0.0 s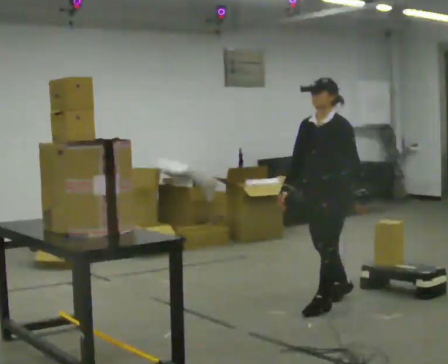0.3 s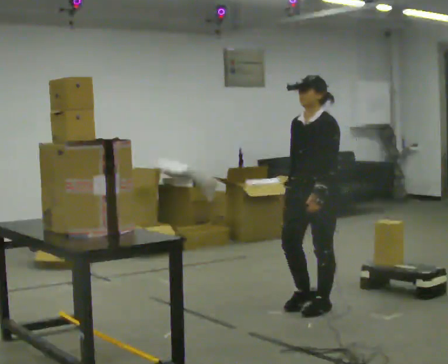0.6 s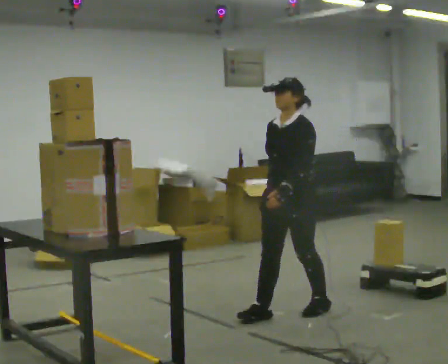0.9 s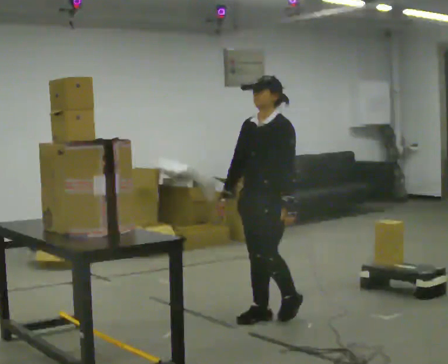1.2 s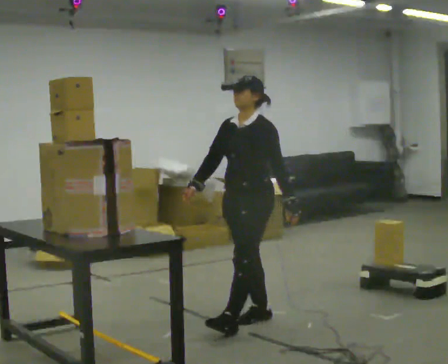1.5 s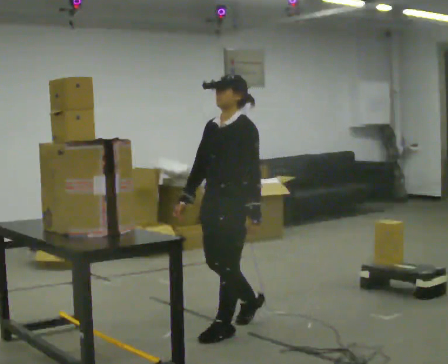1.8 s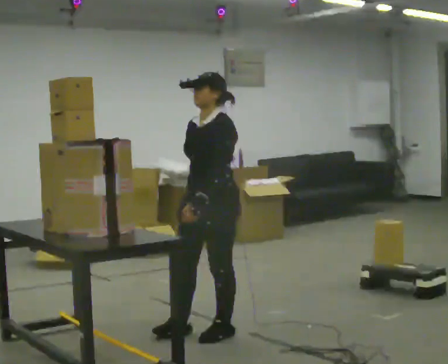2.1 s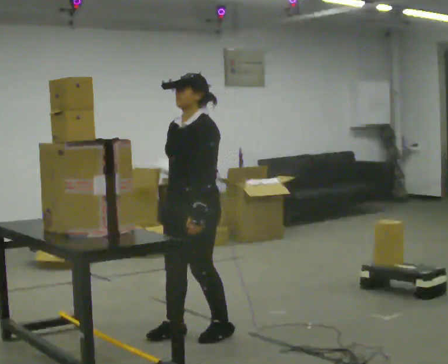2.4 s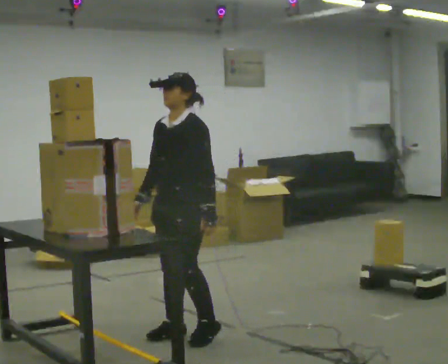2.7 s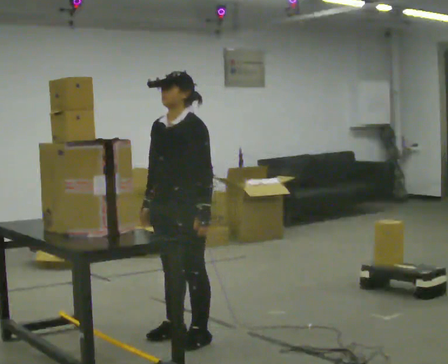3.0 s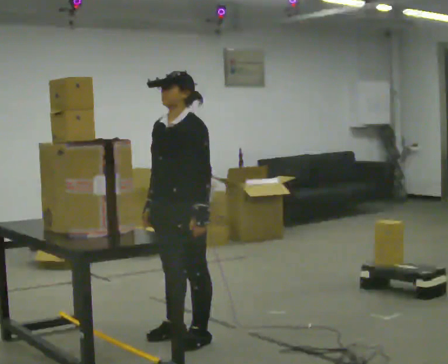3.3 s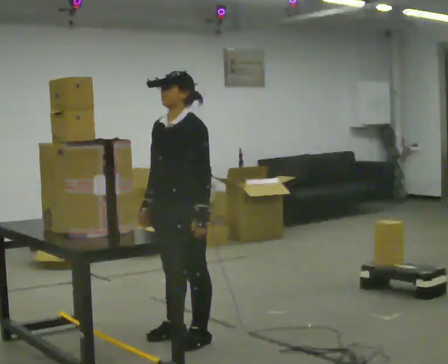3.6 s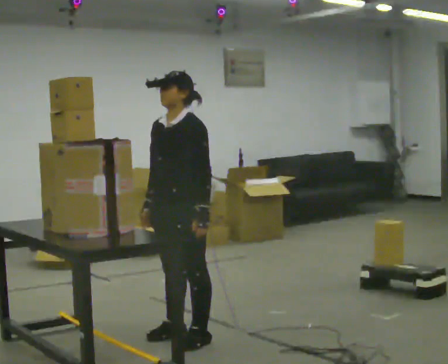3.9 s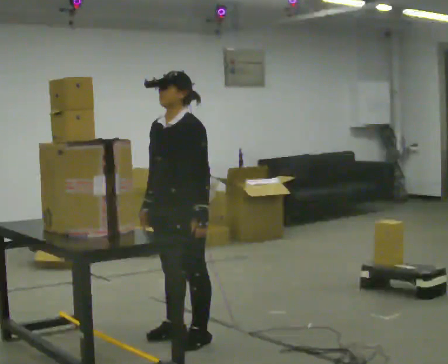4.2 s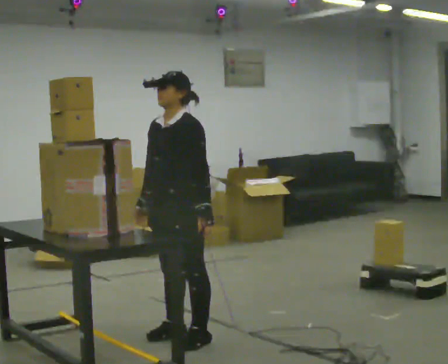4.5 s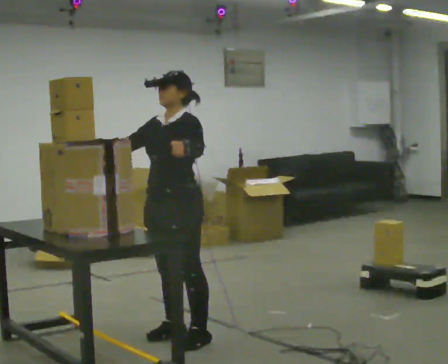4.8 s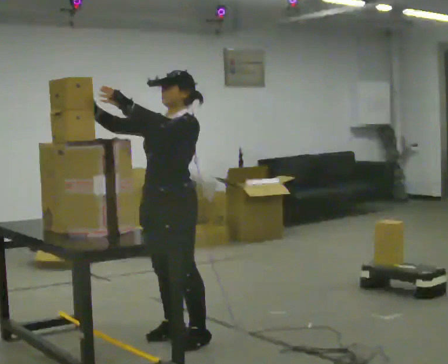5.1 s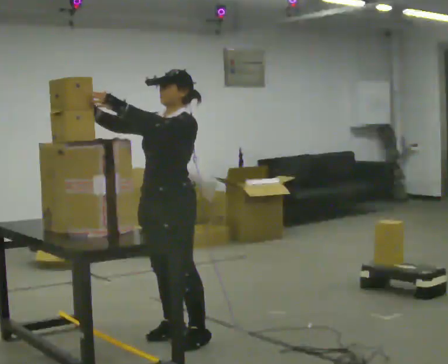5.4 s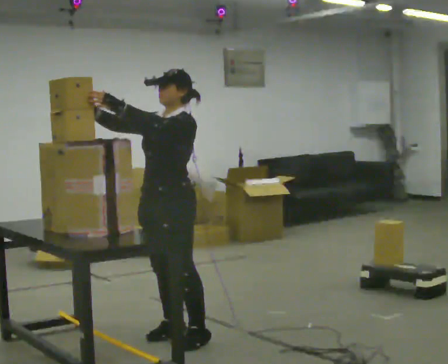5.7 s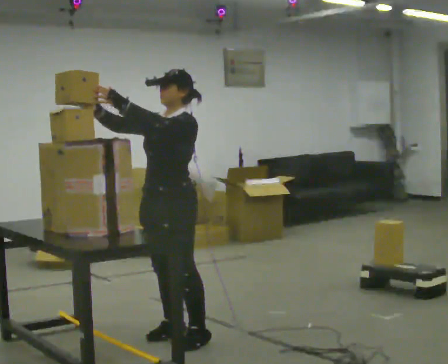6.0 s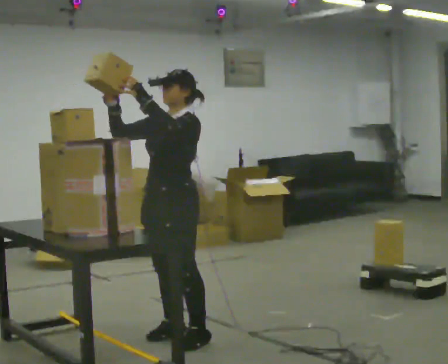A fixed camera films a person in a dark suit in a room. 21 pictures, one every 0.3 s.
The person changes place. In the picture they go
to the left.
0.0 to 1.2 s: In the picture they go to the left and toward the camera, about 0.75 m in 1 step, which for them is forward.
1.2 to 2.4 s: In the picture they go to the left and toward the camera, about 0.5 m in 2 steps, which for them is forward.
2.4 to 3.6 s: The person moves a little, or ends about where they began.
3.6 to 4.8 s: In the picture their right hand goes upward and to the left, the arm swinging clockwise.
4.8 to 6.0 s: The person moves a little, or ends about where they began.
The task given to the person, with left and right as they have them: Take an object from the highest shelf you can comfortably reach, carry it across, and place it on the lowest shelf. Keep going until the operator says stop; one object at a time, and do not rush between trips.
The film runs forward here.
